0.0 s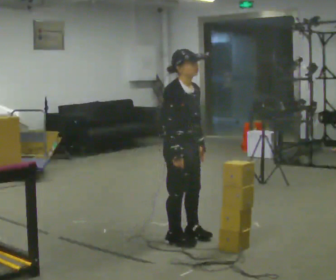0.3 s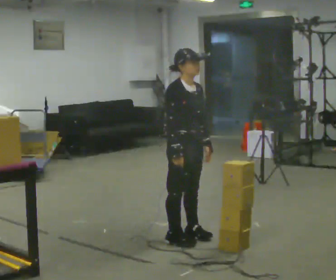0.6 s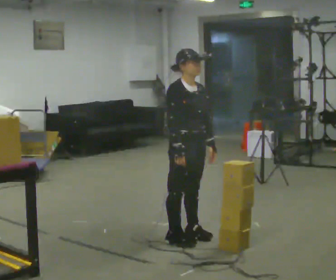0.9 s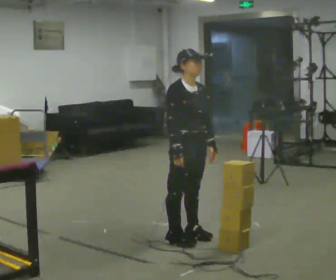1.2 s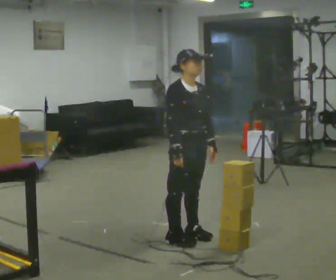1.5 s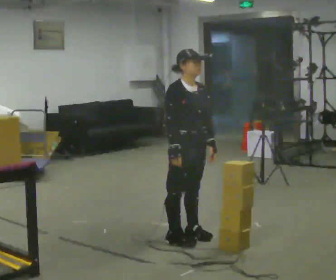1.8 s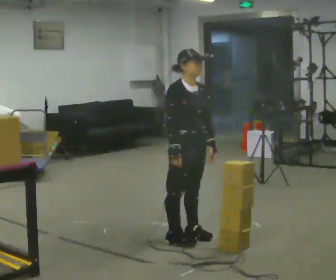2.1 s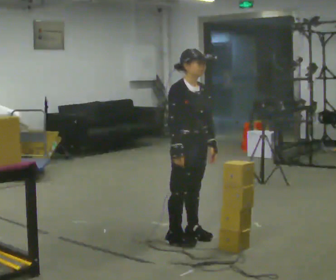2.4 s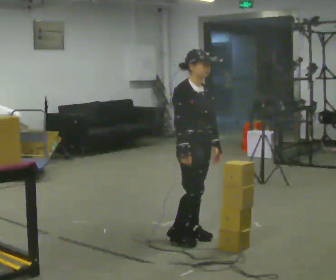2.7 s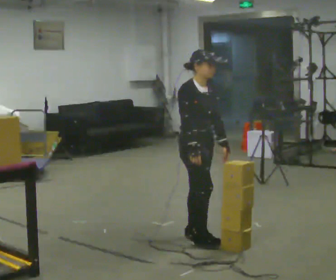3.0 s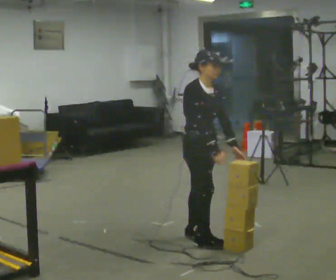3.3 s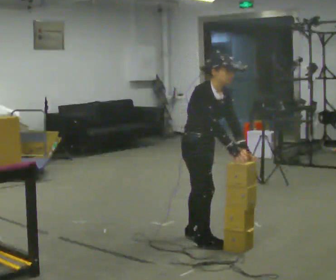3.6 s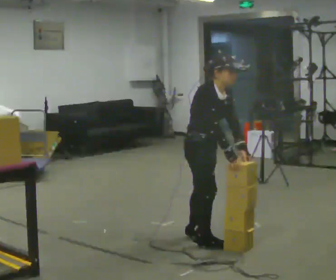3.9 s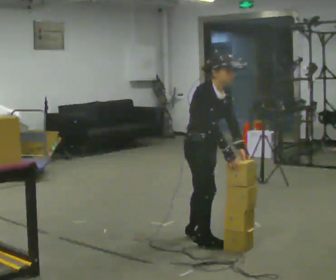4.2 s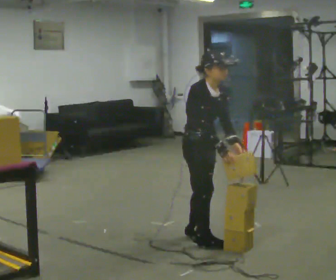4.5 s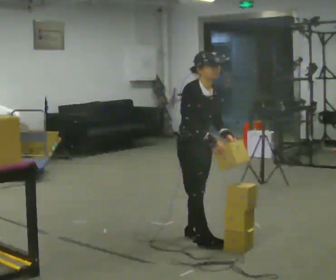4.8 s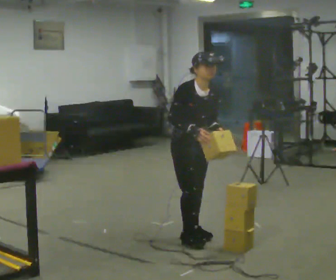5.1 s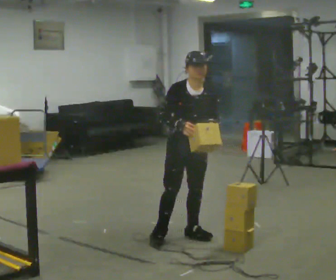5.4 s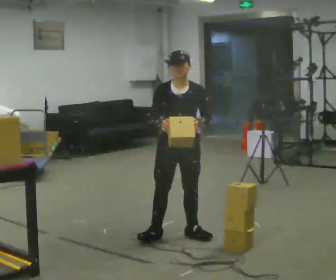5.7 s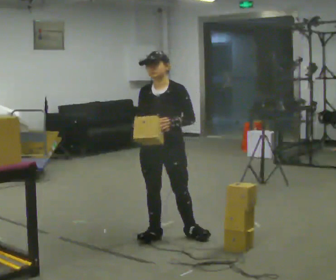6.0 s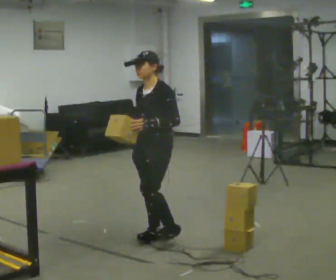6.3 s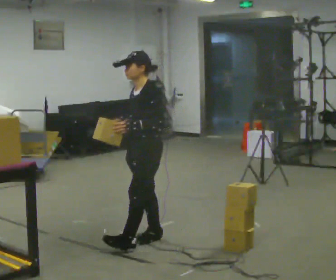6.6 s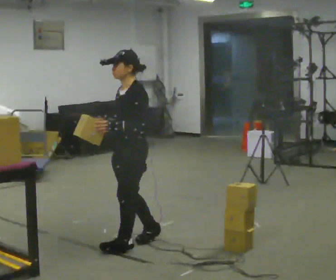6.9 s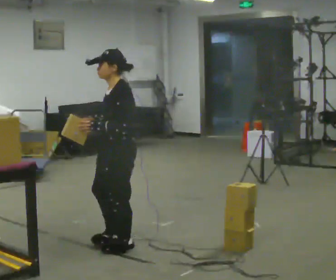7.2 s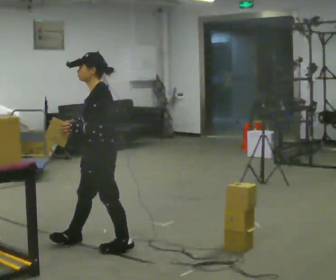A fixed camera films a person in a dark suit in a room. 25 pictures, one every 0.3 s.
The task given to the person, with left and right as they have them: Carry the object over and fit it into the gap between the two boxes already on the shelf, without touching either of them. Keep going until the operator says stop; one object at a time, and do not rush between trips.
0.0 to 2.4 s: The person moves a little, or ends about where they began.
2.4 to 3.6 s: In the picture the upper body tilts clockwise, shoulders to the right, as they bend forward. In the picture their right hand goes to the right.
3.6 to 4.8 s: Seen from above the body turns clockwise, about 30 degrees: to their right, with its near side sliding to the left. In the picture they go away from the camera, about 0.25 m, which for them is backward and to their left.
4.8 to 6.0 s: Seen from above the body turns clockwise, about 90 degrees: to their right, with its near side sliding to the left. In the picture they go to the left, about 0.25 m in 1 step. In the picture the upper body tilts counterclockwise, shoulders to the left. In the picture their left hand goes to the left.
6.0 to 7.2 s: Seen from above the body turns clockwise, about 30 degrees: to their right, with its near side sliding to the left. In the picture they go to the left and toward the camera, about 0.5 m in 2 steps, which for them is forward.
The film runs forward here.
